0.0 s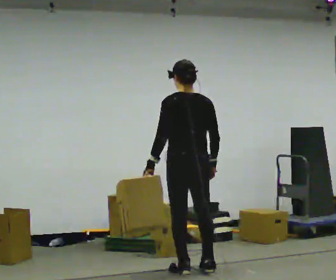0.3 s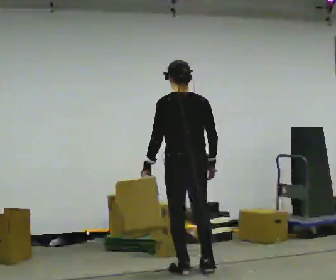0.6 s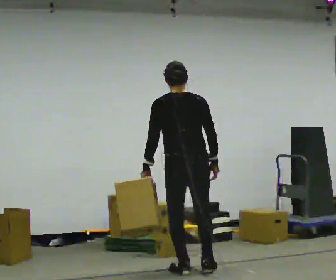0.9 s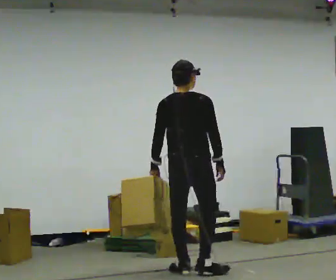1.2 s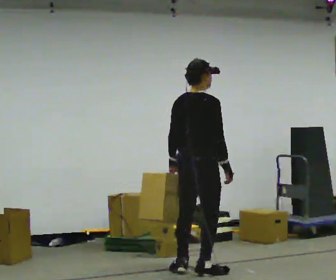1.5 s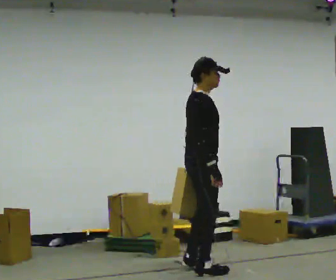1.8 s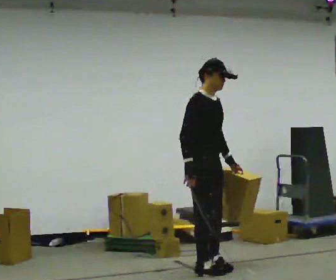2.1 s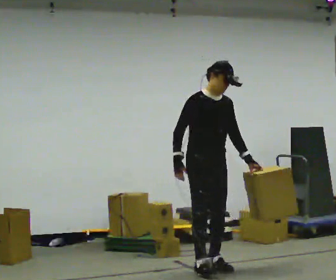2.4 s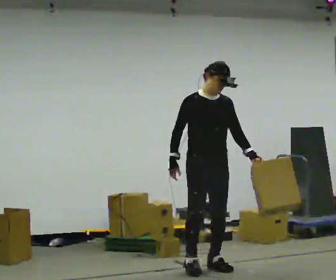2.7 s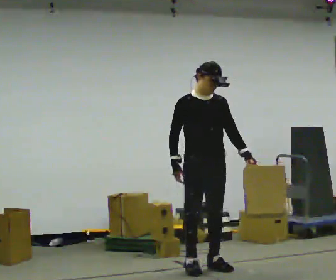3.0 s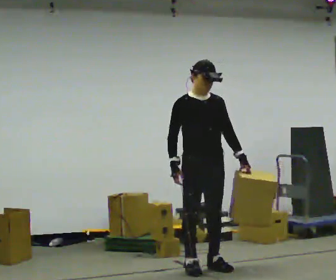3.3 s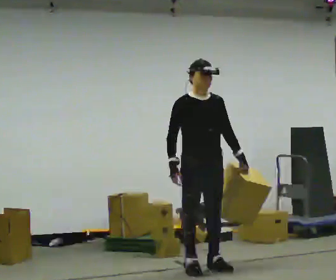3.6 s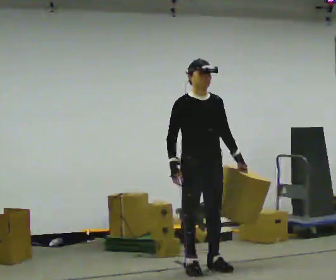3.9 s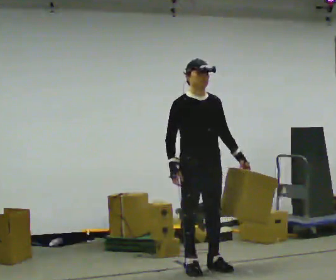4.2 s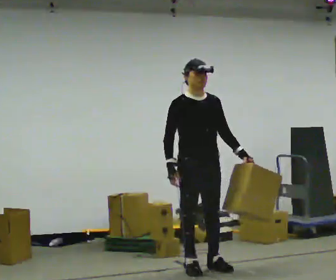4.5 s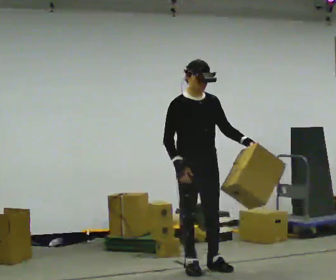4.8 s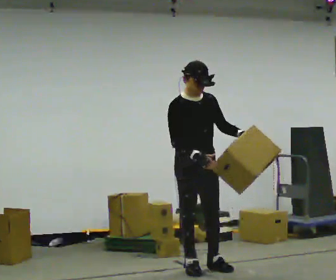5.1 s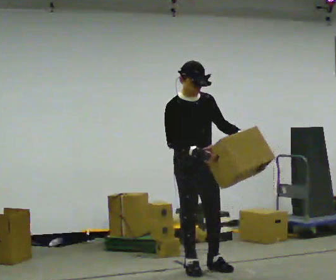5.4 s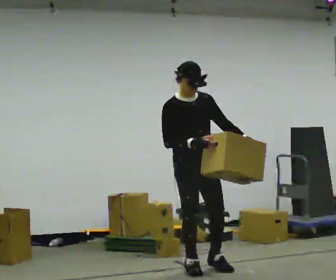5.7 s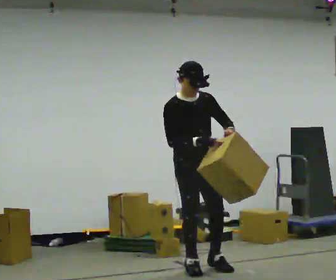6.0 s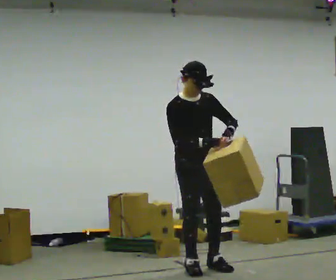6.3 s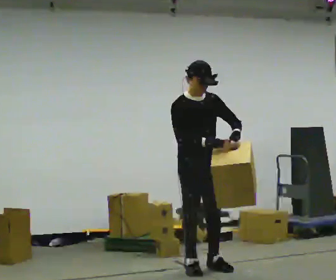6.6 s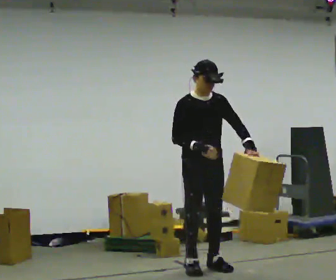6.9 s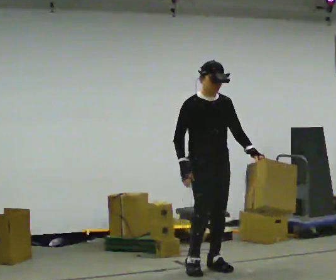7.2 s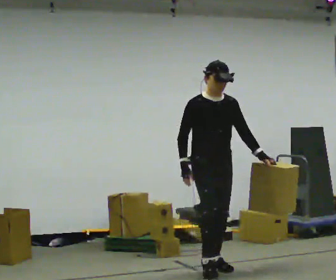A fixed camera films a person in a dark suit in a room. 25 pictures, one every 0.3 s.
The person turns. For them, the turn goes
to their right.
The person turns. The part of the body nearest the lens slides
to the left.
0.0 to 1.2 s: The person turns about 75 degrees to their right, clockwise seen from above, so the part of the body nearest the lens slides to the left.
1.2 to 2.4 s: Seen from above the body turns clockwise, about 105 degrees: to their right, with its near side sliding to the left. In the picture they go away from the camera, about 0.25 m in 2 steps. In the picture their left hand goes to the right, the arm swinging counterclockwise.
2.4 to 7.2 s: The person moves a little, or ends about where they began.
The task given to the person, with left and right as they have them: Carry the object in the hand the operator calls, down at your side, walking back and forth across the room.
The film runs forward here.
